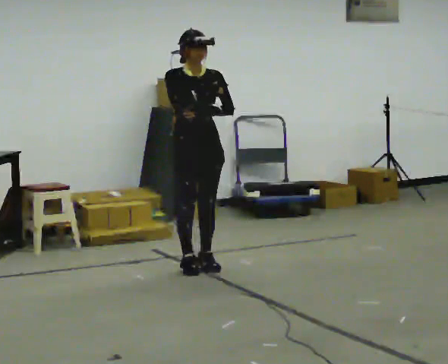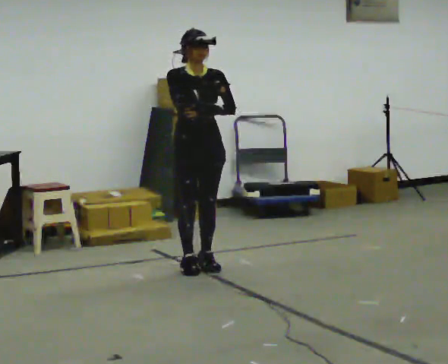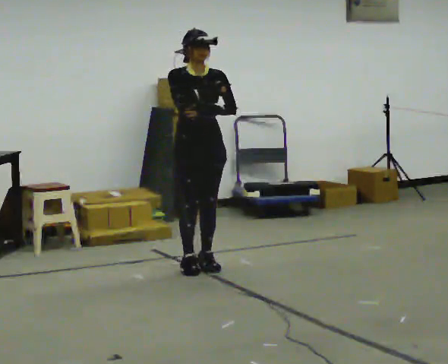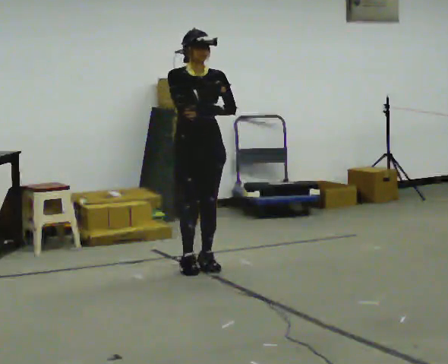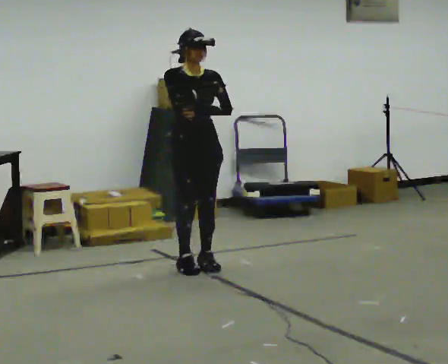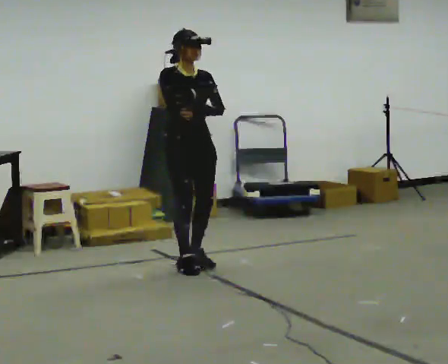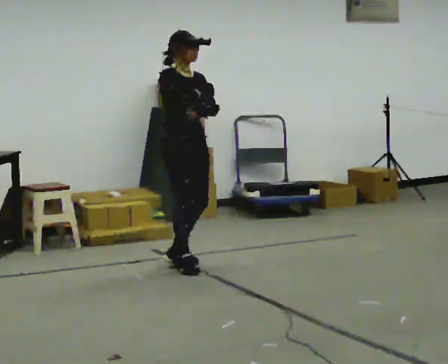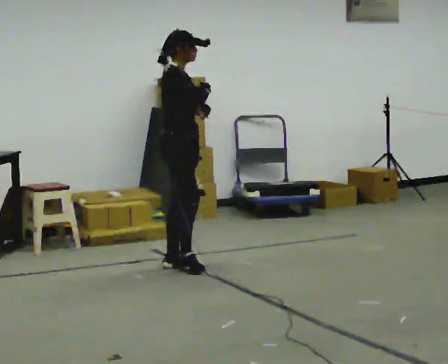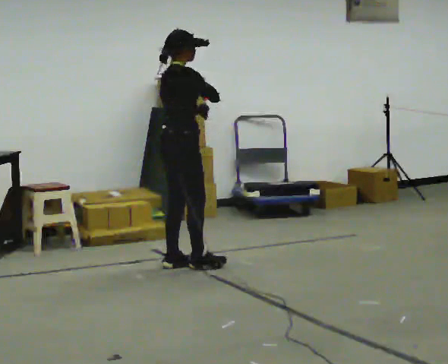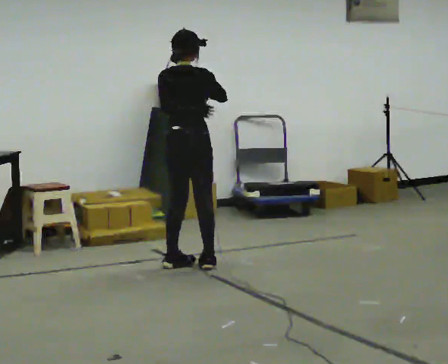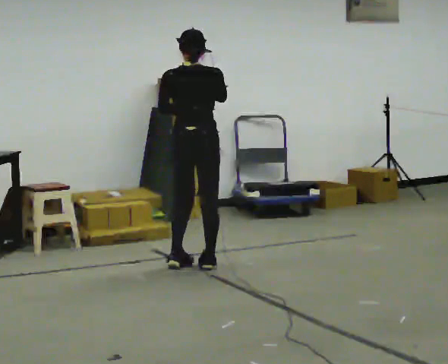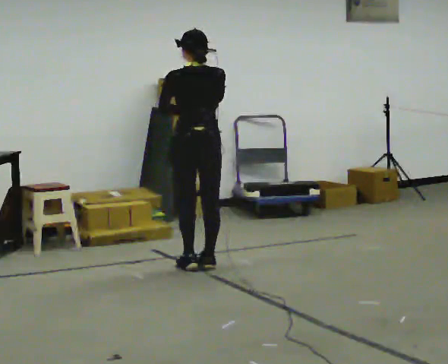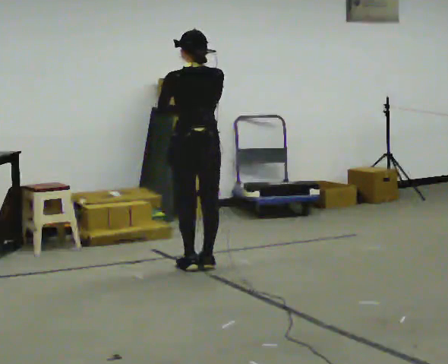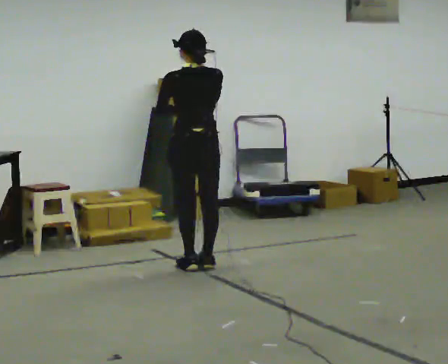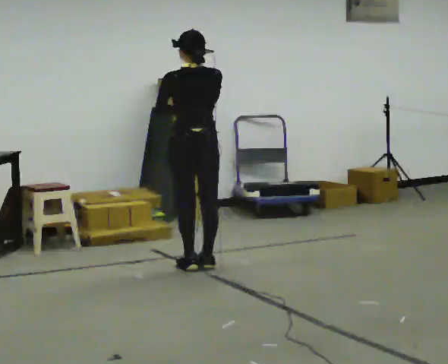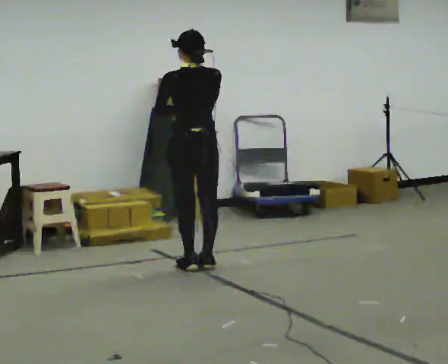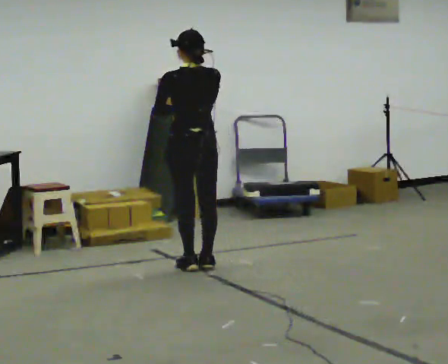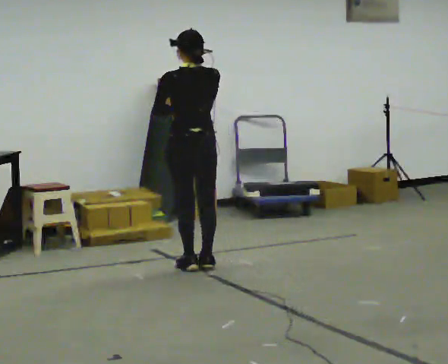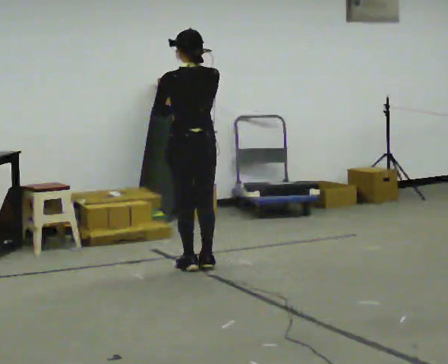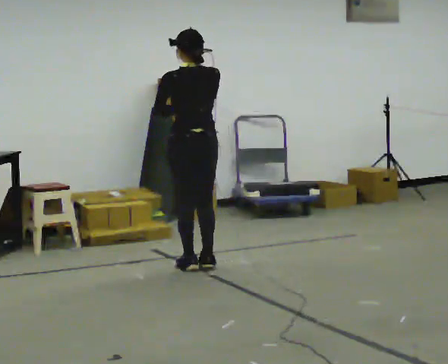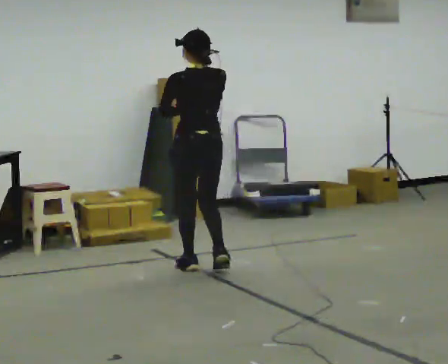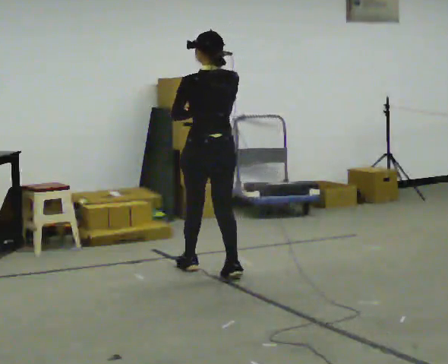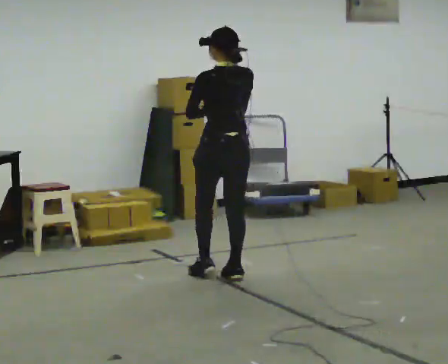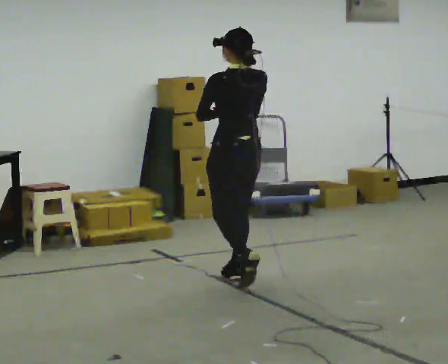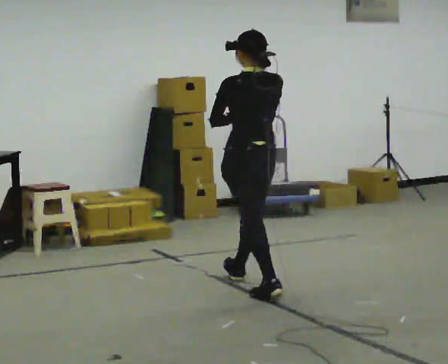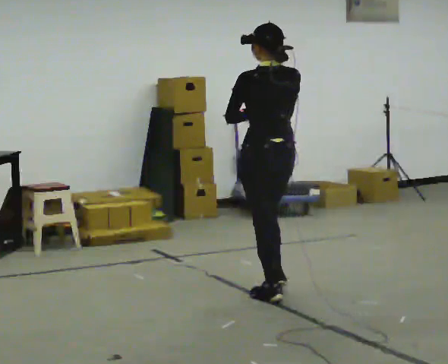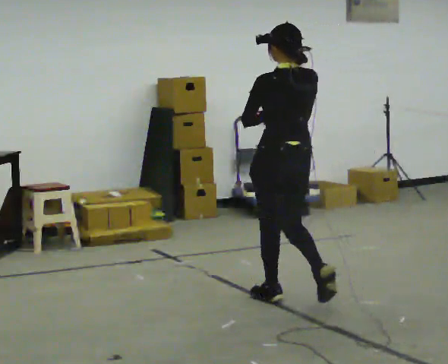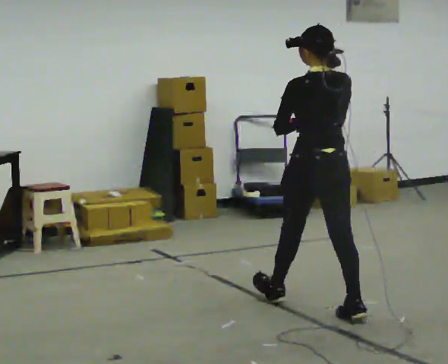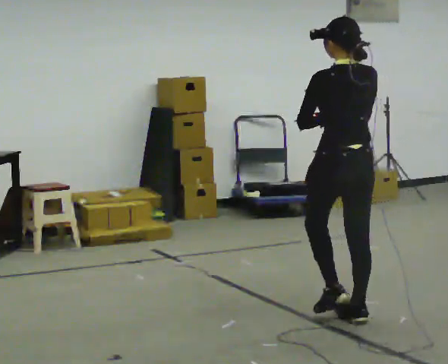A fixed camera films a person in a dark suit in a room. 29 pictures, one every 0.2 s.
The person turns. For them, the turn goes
to their left.
The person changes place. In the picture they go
toward the camera.
0.0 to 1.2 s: The part of the body nearest the lens slides to the right as the person turns to their left by about 30 degrees.
1.2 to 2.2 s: The part of the body nearest the lens slides to the right as the person turns to their left by about 135 degrees.
2.2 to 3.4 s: The person moves a little, or ends about where they began.
3.4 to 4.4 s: In the picture they go toward the camera and to the right, about 0.25 m in 2 steps, which for them is backward.
4.4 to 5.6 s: In the picture they go toward the camera and to the right, about 1 m in 2 steps, which for them is backward.
The film runs backward here.
